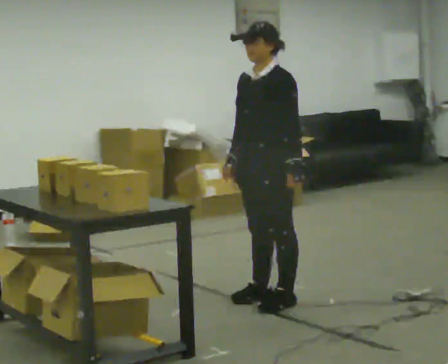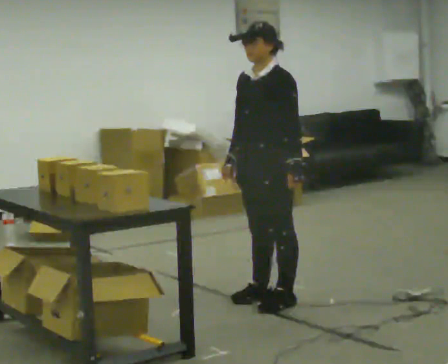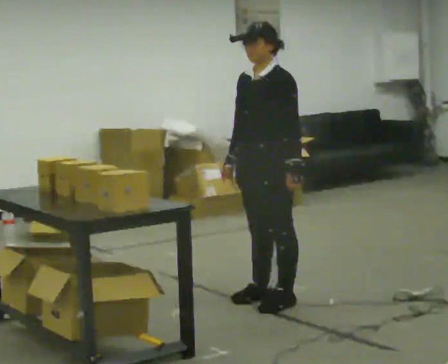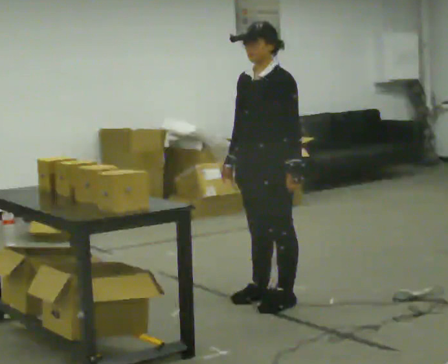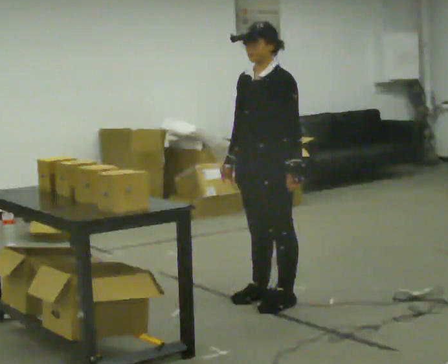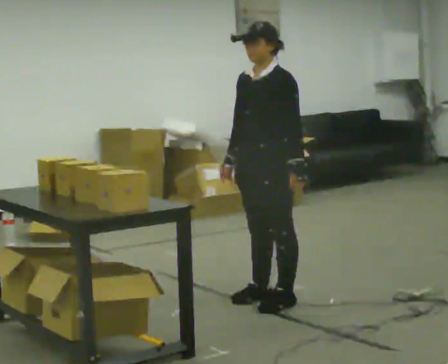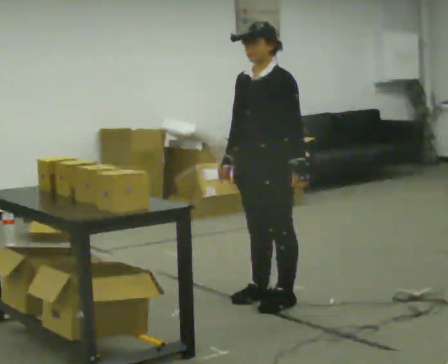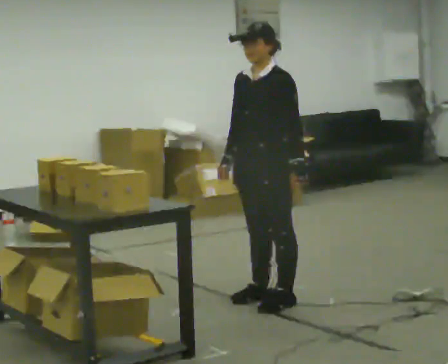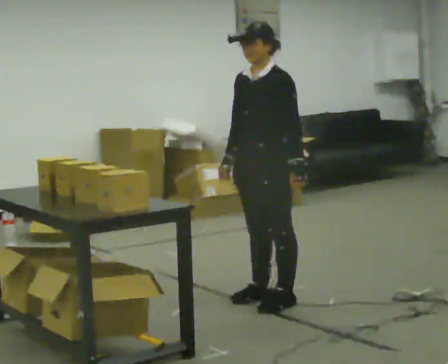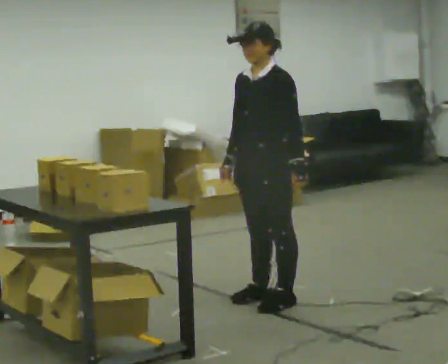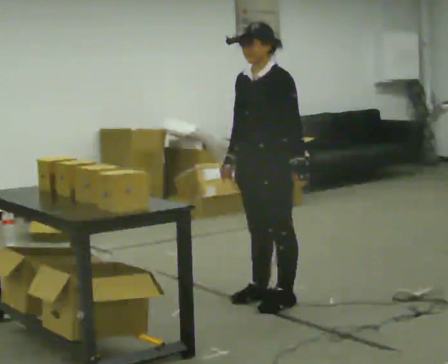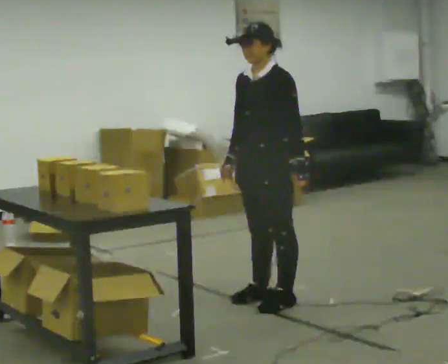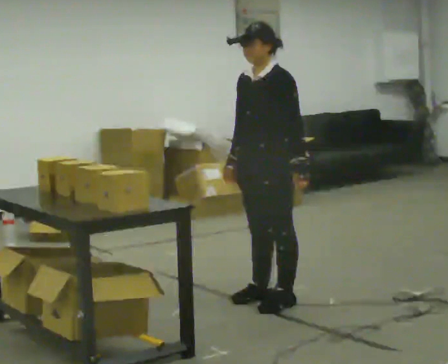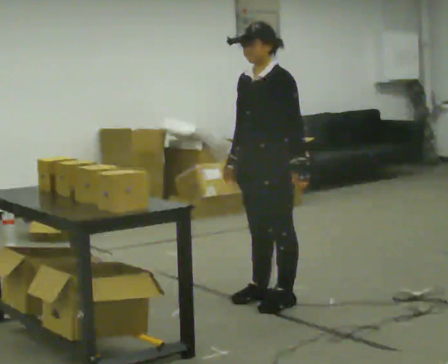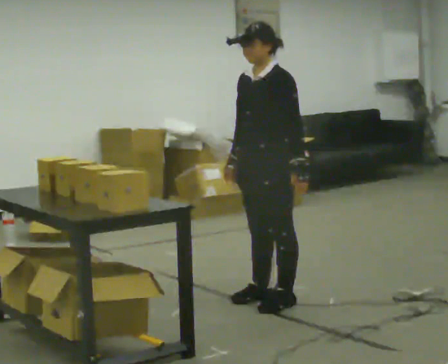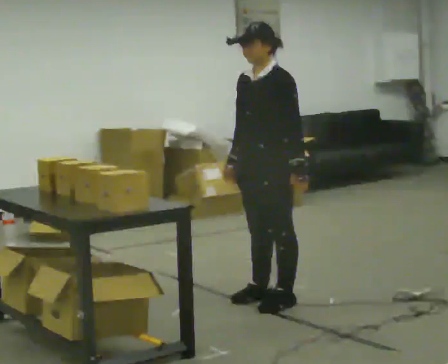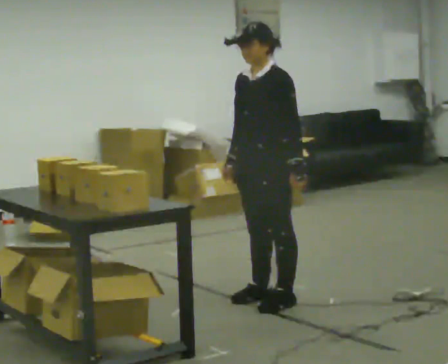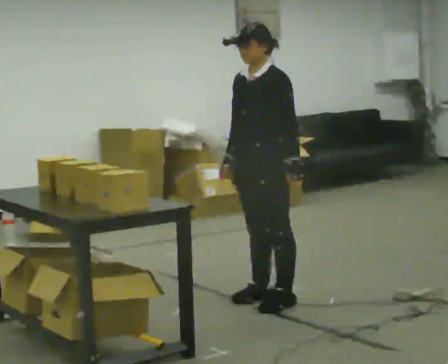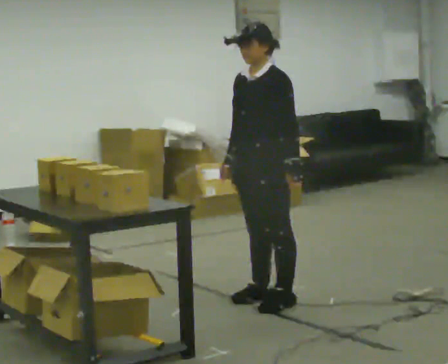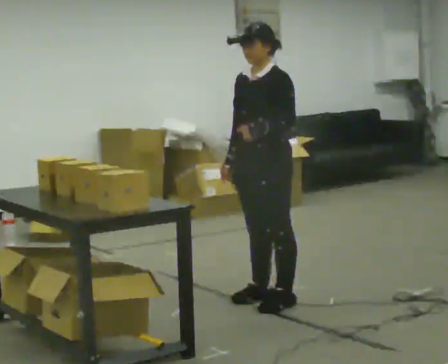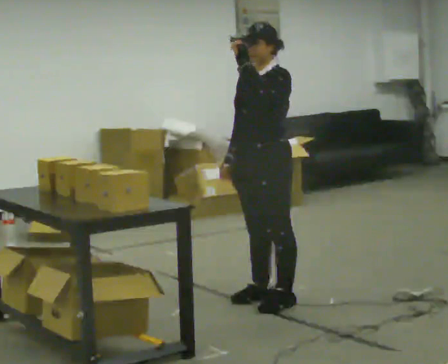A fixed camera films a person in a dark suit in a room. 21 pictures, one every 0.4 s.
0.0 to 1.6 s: The person keeps their place and pose.
1.6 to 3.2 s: The person moves a little, or ends about where they began.
3.2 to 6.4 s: The person keeps their place and pose.
6.4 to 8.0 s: In the picture their left hand goes upward.
The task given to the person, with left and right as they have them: 1. Take everything out of the crates by the door. 2. Put the small items on the middle shelf. 3. Put the large items on the bottom shelf. 4. Stack the empty crates by the door. 5. Tell the operator when you are finished.
The film runs forward here.
